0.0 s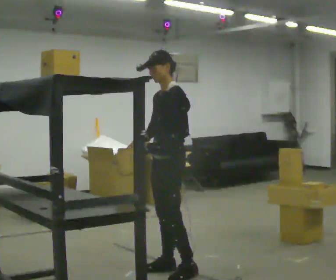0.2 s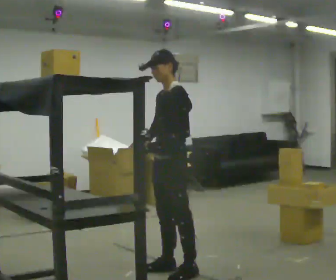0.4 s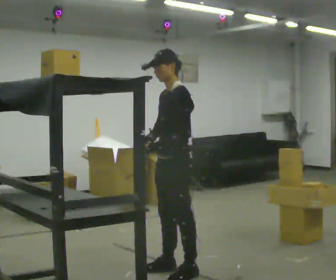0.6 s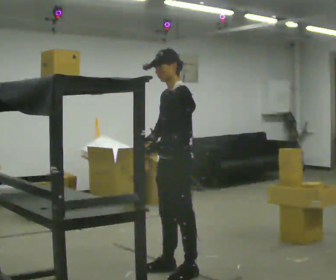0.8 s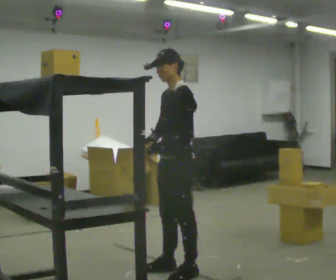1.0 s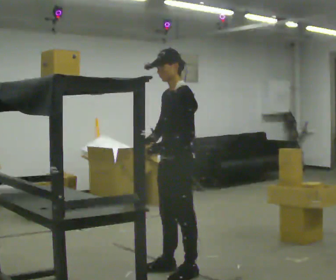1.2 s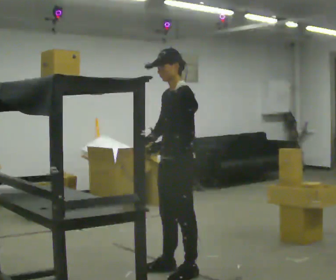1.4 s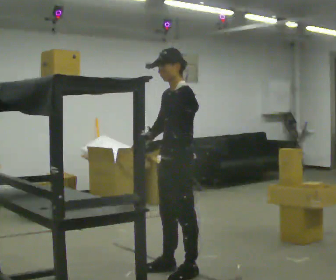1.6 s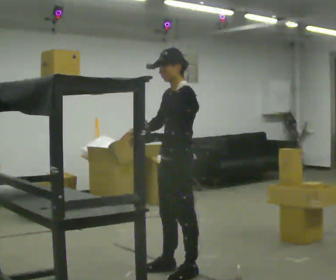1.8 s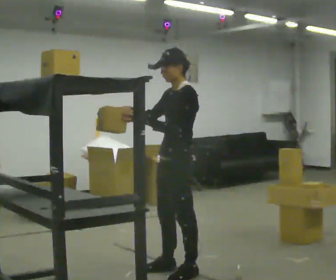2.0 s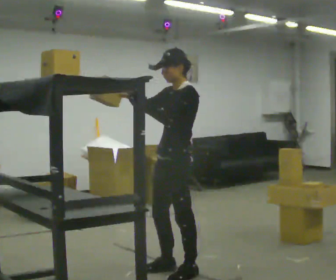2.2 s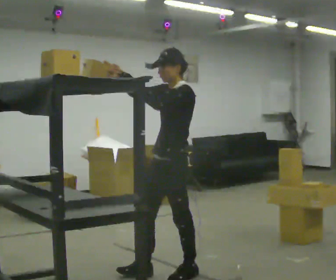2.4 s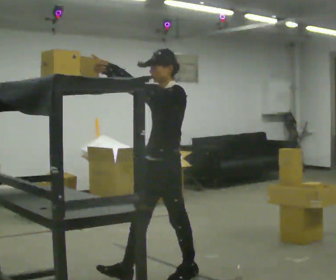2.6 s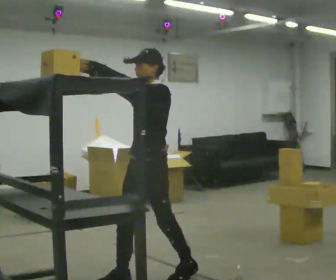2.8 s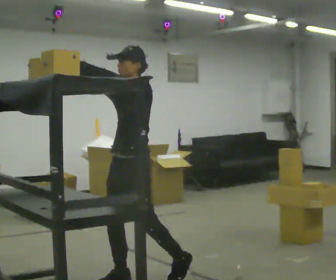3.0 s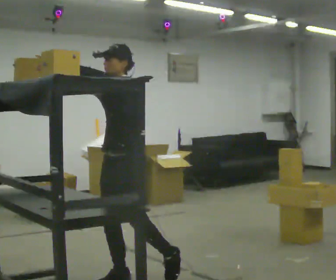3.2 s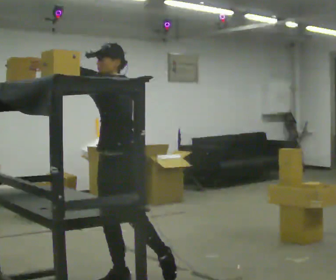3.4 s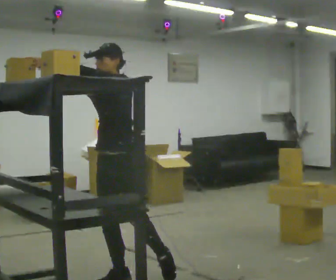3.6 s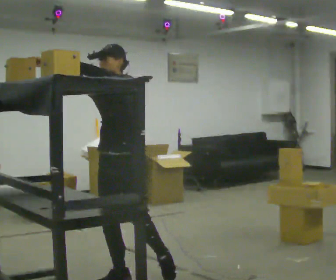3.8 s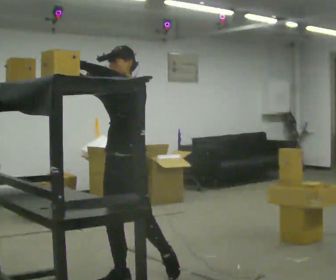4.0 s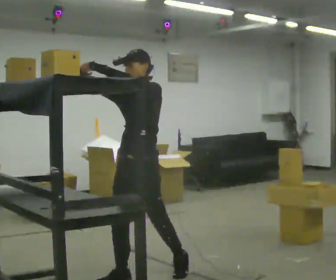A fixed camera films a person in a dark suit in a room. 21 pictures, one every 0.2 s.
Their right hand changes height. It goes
upward.
The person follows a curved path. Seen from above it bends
clockwise.
0.0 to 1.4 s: The person moves a little, or ends about where they began.
1.4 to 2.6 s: In the picture they go to the left, about 0.25 m in 1 step, which for them is forward. In the picture their right hand goes upward and to the left, the arm swinging clockwise.
2.6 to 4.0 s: The person moves a little, or ends about where they began.
The film runs backward here.
